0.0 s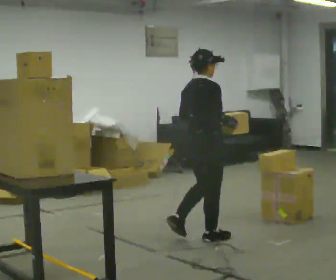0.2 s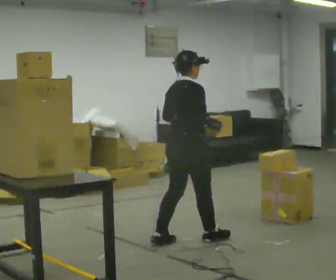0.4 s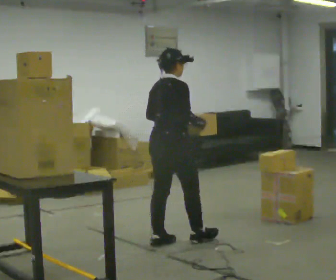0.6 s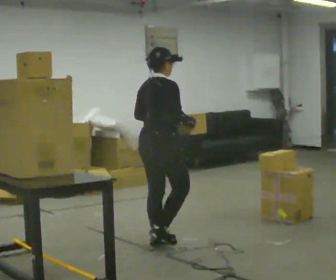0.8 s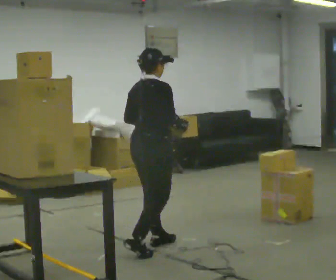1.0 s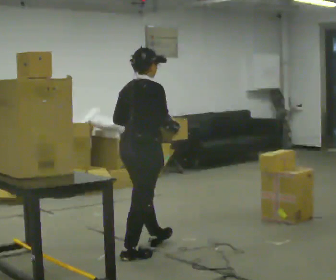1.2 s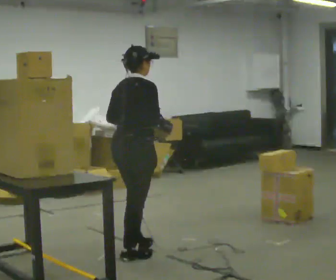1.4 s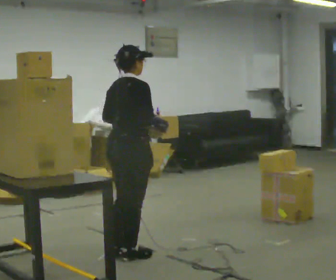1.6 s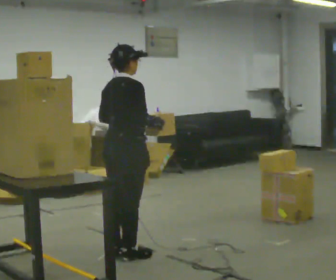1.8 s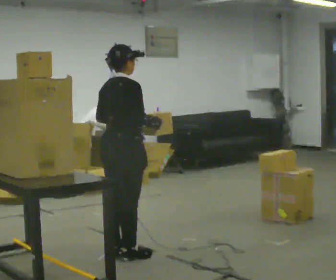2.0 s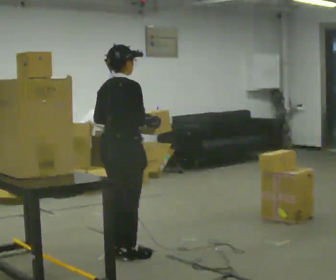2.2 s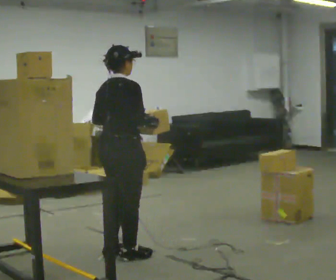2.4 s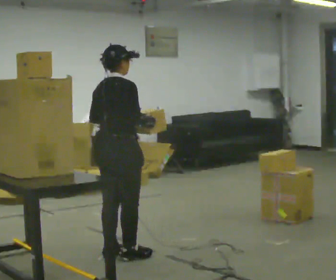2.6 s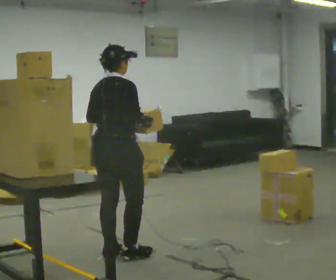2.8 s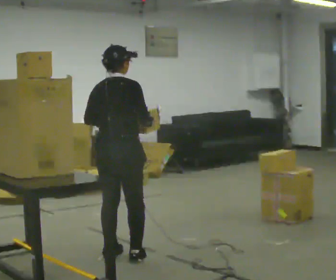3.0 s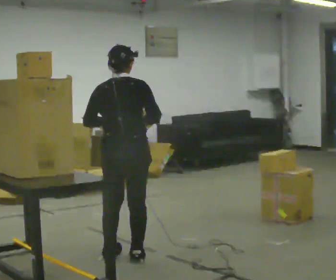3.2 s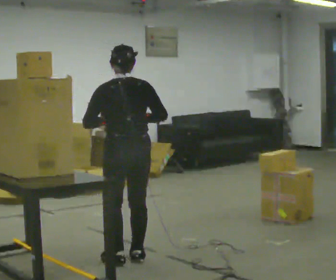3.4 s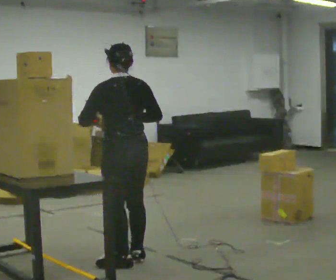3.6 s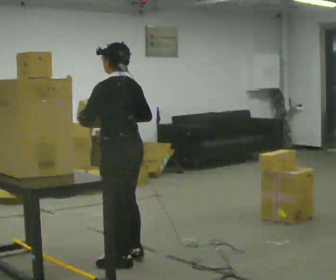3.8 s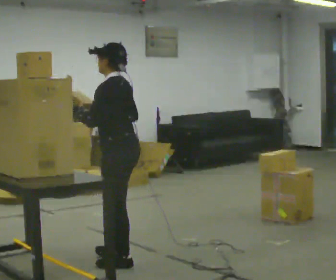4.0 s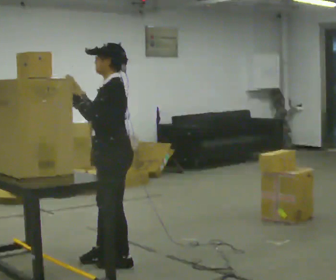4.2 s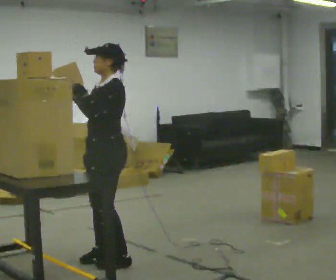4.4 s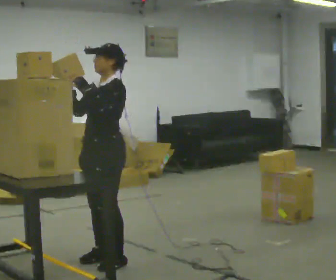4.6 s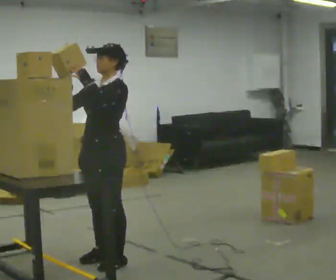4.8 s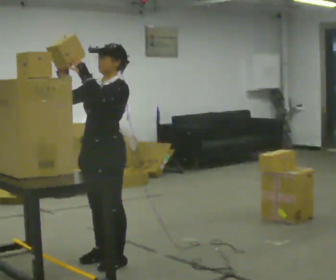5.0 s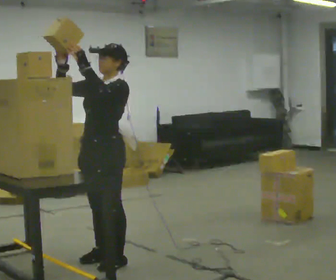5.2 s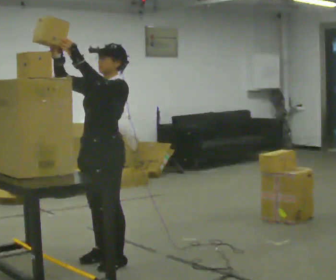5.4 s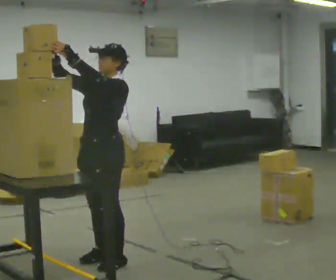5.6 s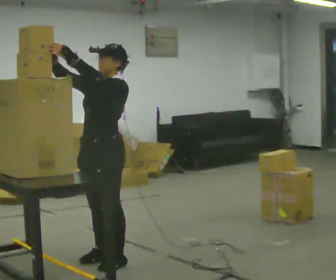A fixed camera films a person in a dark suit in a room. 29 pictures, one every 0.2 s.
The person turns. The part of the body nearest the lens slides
to the right.
Their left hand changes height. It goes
upward.
0.0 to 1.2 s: In the picture they go to the left and toward the camera, about 0.5 m in 2 steps, which for them is backward.
1.2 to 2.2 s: The person moves a little, or ends about where they began.
2.2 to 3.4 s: The person turns about 75 degrees to their left, counterclockwise seen from above, so the part of the body nearest the lens slides to the right.
3.4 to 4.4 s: The part of the body nearest the lens slides to the right as the person turns to their left by about 90 degrees. In the picture they go to the left, about 0.25 m in 1 step.
4.4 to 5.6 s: The person moves a little, or ends about where they began.
The film runs backward here.
